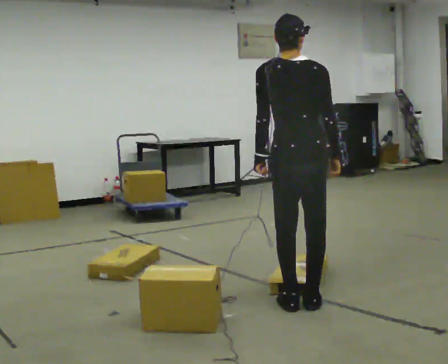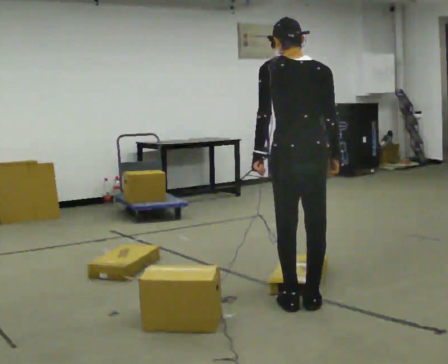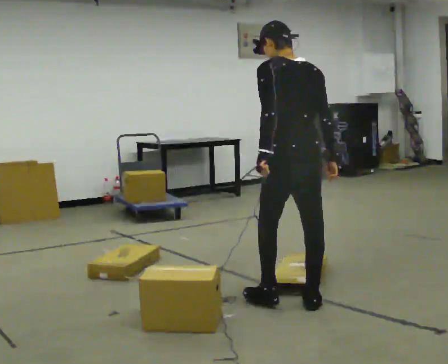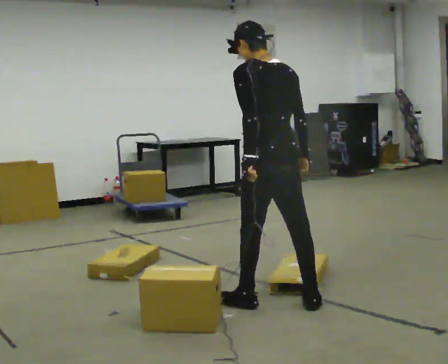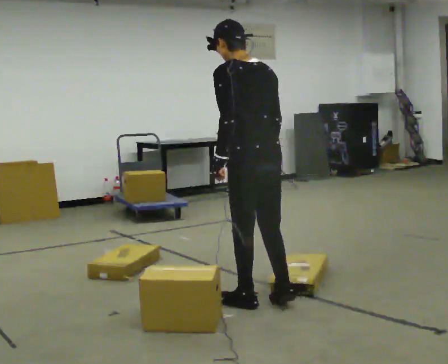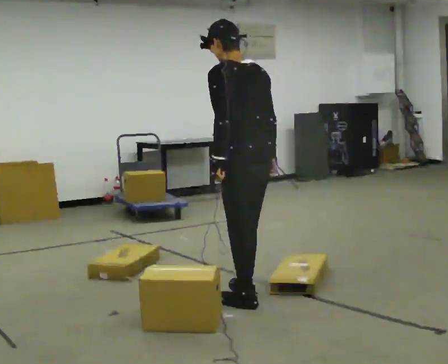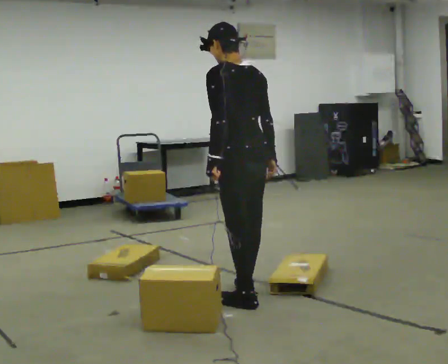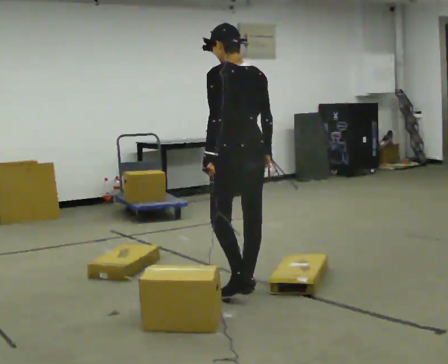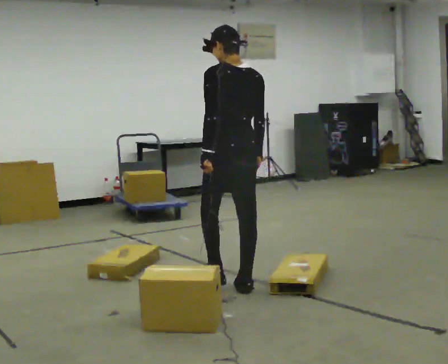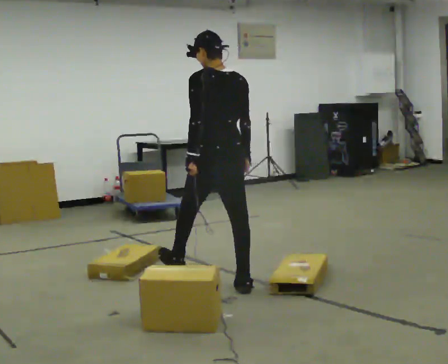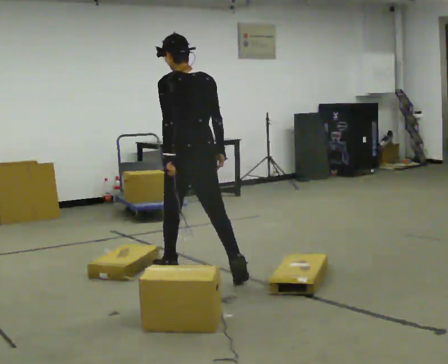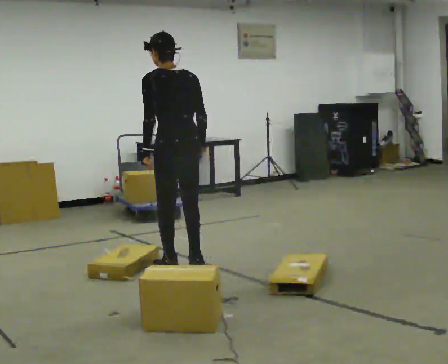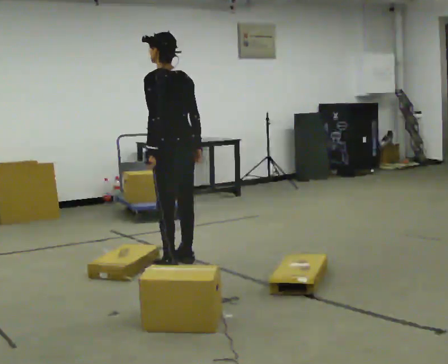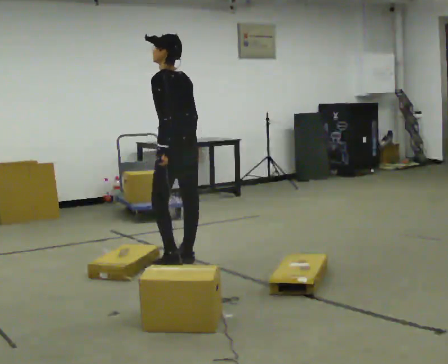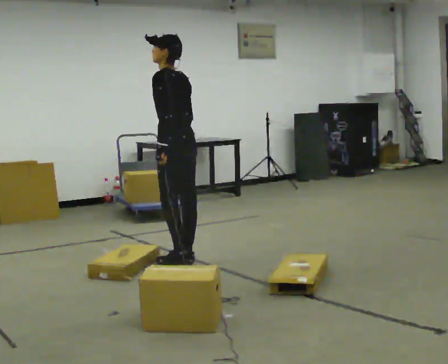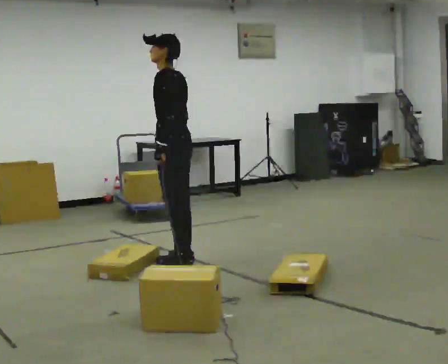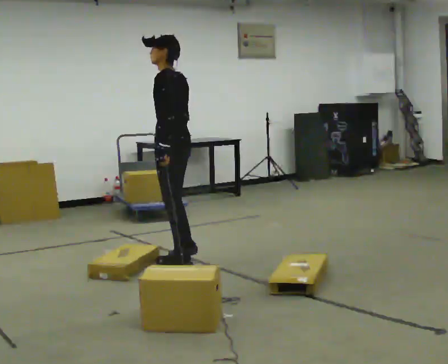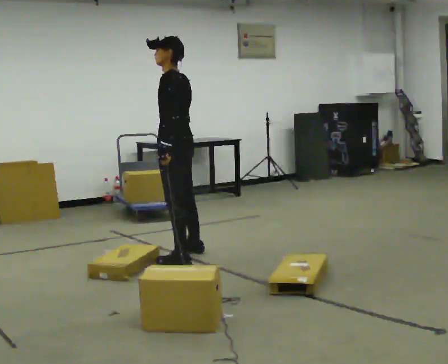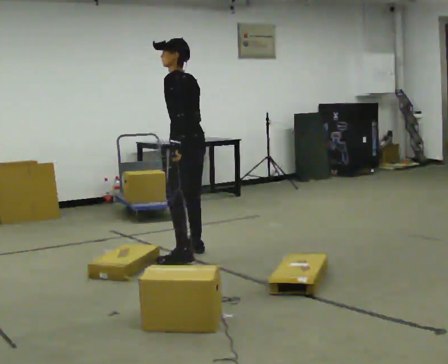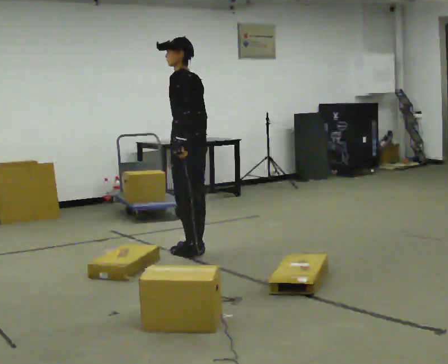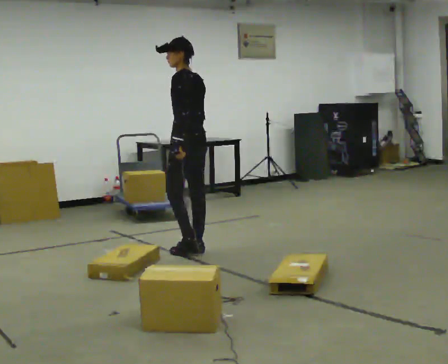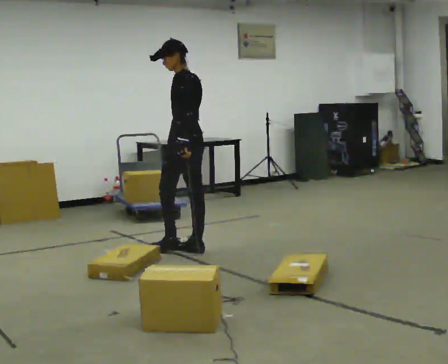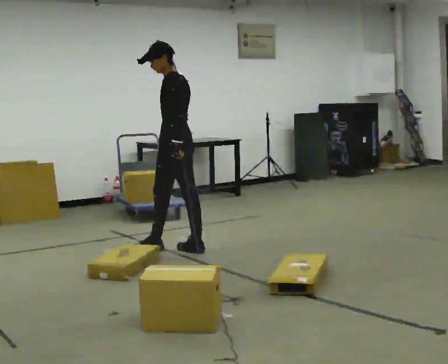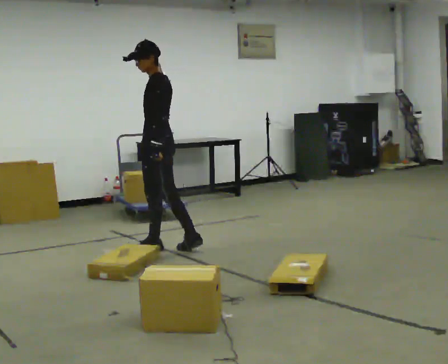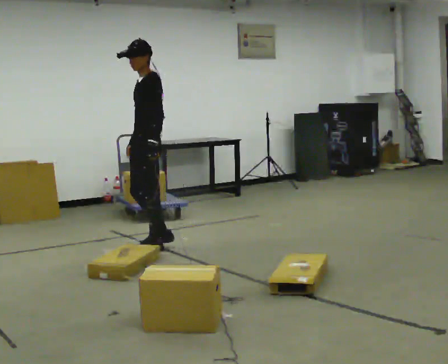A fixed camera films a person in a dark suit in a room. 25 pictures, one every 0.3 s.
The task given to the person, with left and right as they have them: Walk across the room at a normal pace, looking ahead. Something may appear in your way. Deal with it however comes naturally and carry on.
0.0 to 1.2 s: The person turns about 30 degrees to their left, counterclockwise seen from above, so the part of the body nearest the lens slides to the right. In the picture they go to the left, about 0.25 m in 1 step, which for them is to their left. In the picture their right hand goes to the left.
1.2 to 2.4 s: In the picture they go away from the camera, about 0.5 m in 1 step, which for them is forward.
2.4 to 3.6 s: In the picture they go away from the camera and to the left, about 0.75 m in 2 steps, which for them is forward.
3.6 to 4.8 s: In the picture they go away from the camera, about 0.25 m in 1 step, which for them is to their right.
4.8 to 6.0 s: In the picture they go away from the camera, about 0.25 m in 2 steps, which for them is to their right.
6.0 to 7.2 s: The person turns about 45 degrees to their left, counterclockwise seen from above, so the part of the body nearest the lens slides to the right. In the picture they go to the left, about 0.25 m in 1 step, which for them is forward.
The film runs forward here.
